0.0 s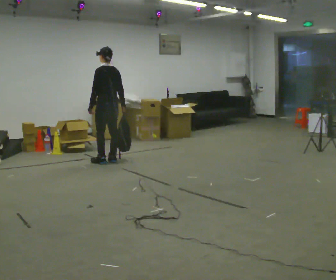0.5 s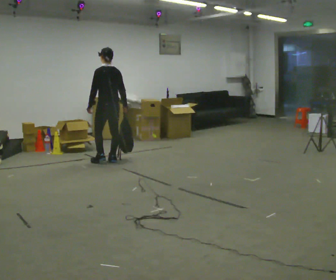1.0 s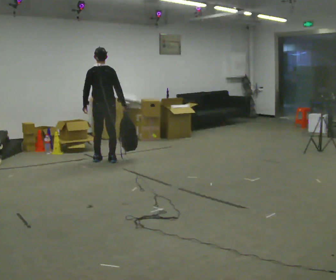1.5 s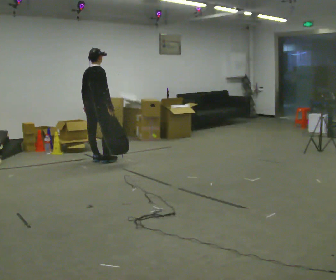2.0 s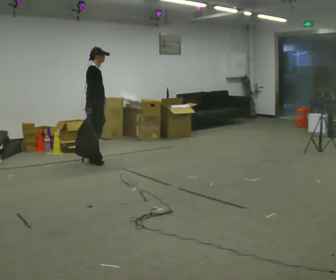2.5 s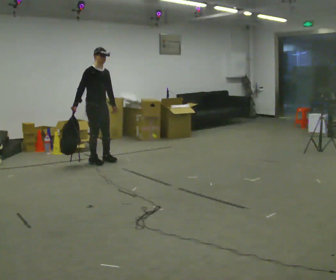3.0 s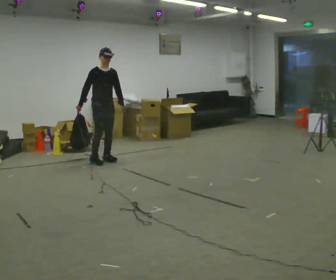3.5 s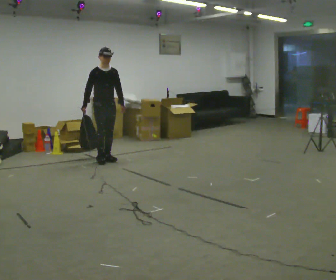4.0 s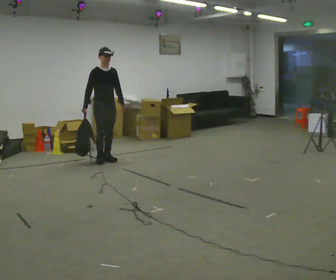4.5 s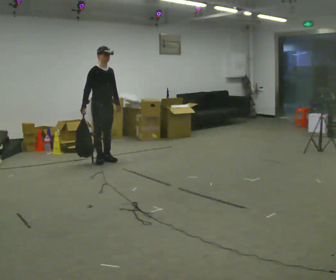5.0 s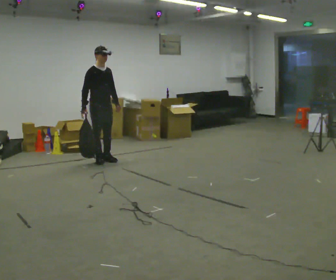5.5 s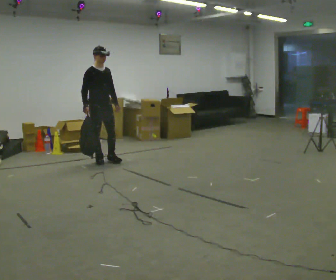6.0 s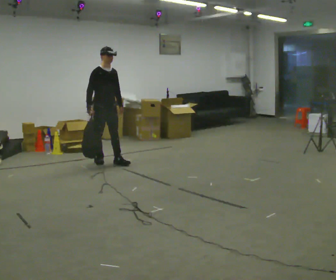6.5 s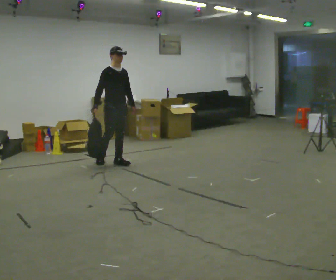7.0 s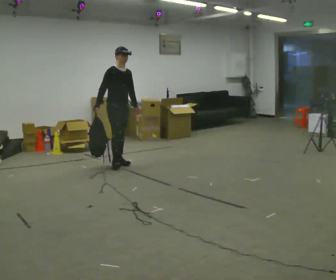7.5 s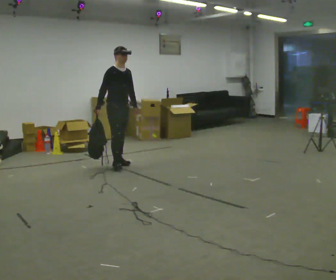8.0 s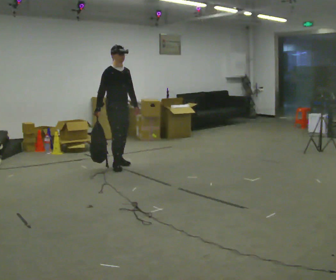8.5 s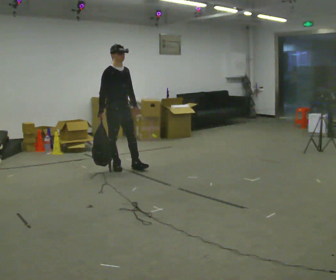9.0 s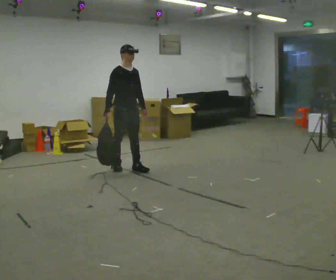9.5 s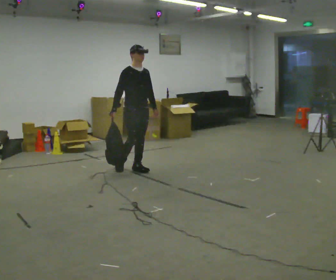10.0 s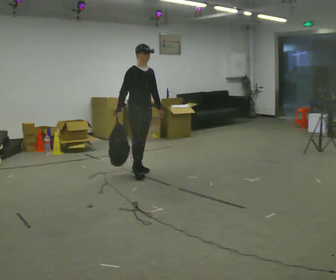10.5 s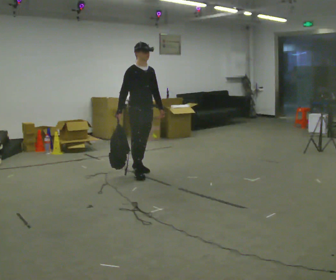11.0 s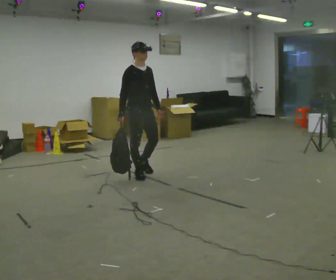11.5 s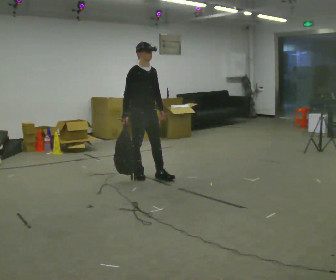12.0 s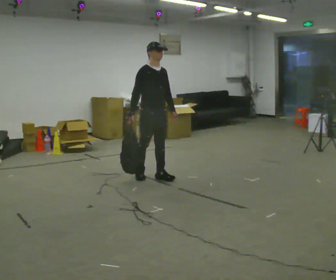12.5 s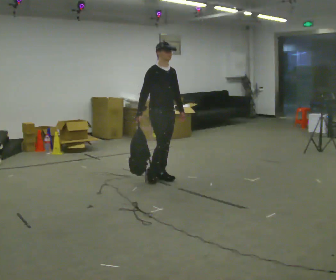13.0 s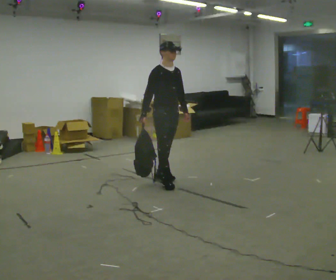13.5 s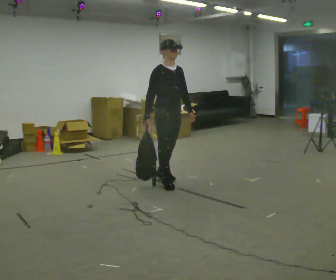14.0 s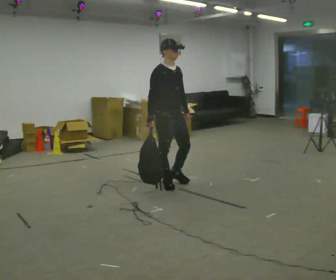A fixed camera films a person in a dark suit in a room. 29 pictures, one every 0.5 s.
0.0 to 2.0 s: The part of the body nearest the lens slides to the left as the person turns to their right by about 120 degrees. In the picture they go to the left, about 0.25 m in 2 steps. In the picture their right hand goes to the left.
2.0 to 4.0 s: The person turns about 60 degrees to their right, clockwise seen from above, so the part of the body nearest the lens slides to the left.
4.0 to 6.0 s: In the picture they go toward the camera, about 0.25 m in 1 step, which for them is forward.
6.0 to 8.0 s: In the picture they go toward the camera and to the right, about 0.25 m in 1 step, which for them is forward.
8.0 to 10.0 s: In the picture they go to the right and toward the camera, about 0.5 m in 2 steps, which for them is forward.
10.0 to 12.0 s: In the picture they go toward the camera, about 0.25 m in 1 step, which for them is forward.
12.0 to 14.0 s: In the picture they go toward the camera, about 0.5 m in 1 step, which for them is forward.
The film runs forward here.
